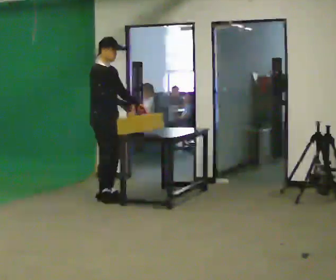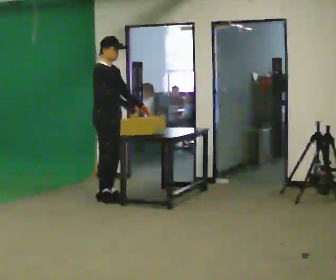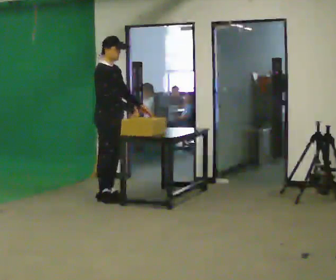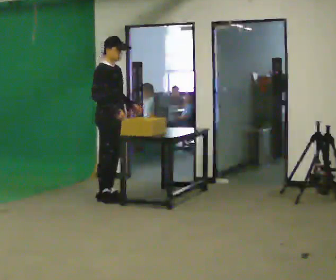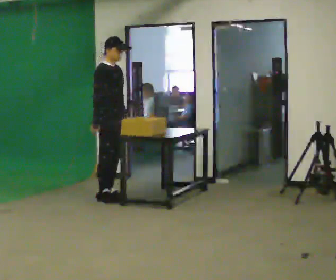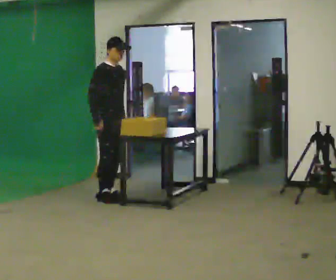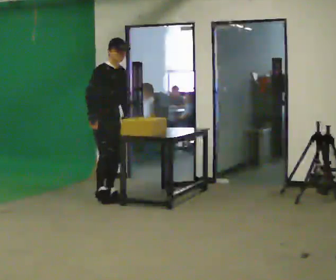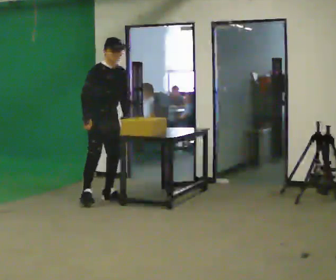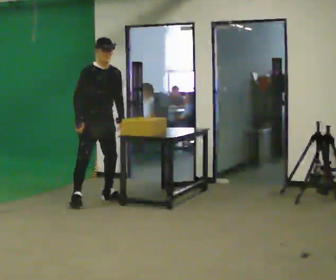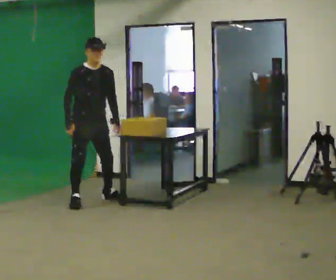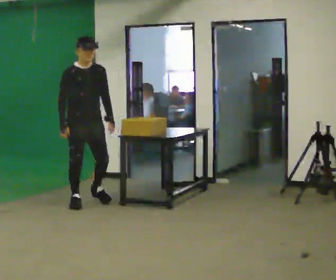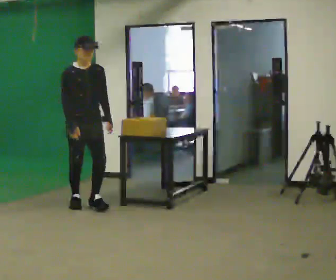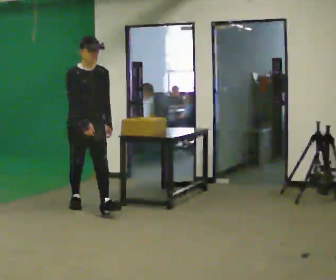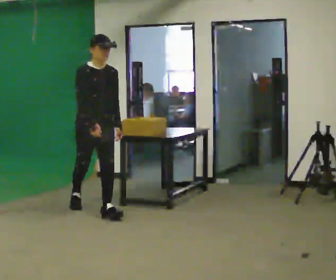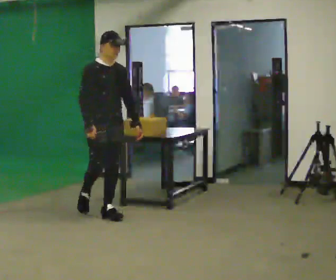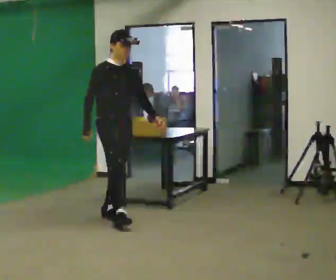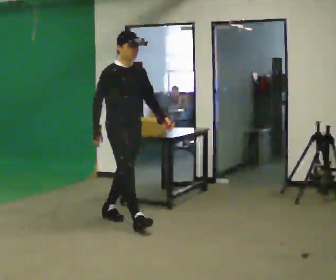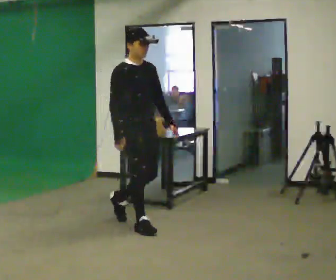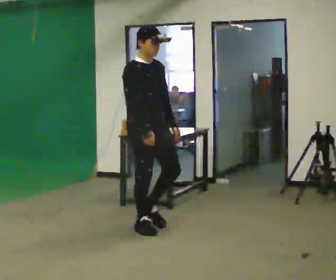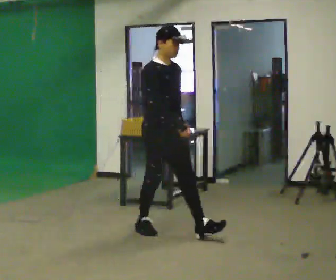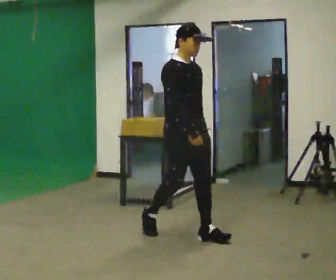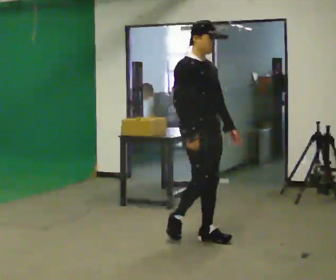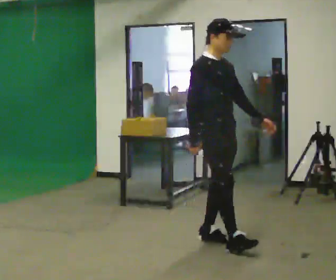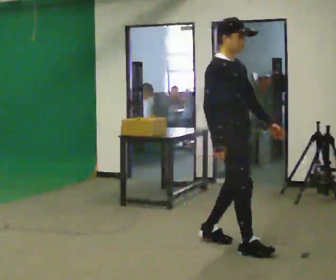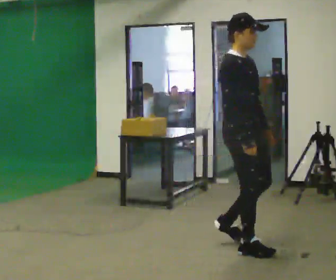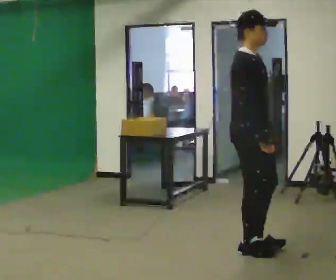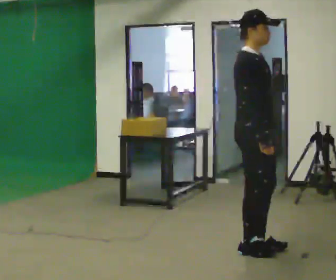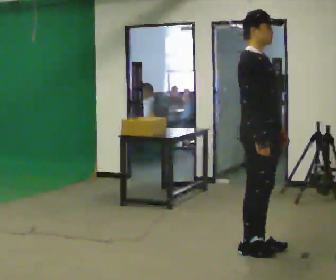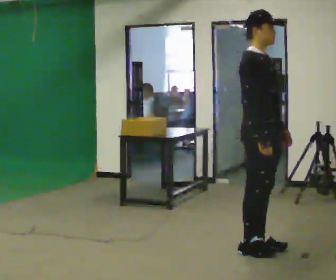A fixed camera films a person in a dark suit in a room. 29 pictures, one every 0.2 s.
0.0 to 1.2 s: In the picture their right hand goes to the left, the arm swinging clockwise.
1.2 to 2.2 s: The part of the body nearest the lens slides to the left as the person turns to their right by about 30 degrees. In the picture they go toward the camera and to the left, about 0.5 m in 1 step, which for them is to their right and forward.
2.2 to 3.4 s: In the picture they go toward the camera and to the right, about 1 m in 2 steps, which for them is forward.
3.4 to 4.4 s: In the picture they go to the right and toward the camera, about 1 m in 1 step, which for them is forward.
4.4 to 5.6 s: In the picture they go toward the camera and to the right, about 0.5 m in 2 steps, which for them is forward.
The film runs forward here.
